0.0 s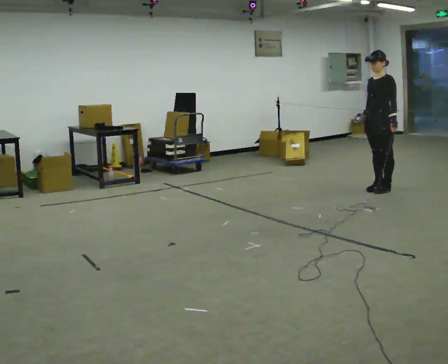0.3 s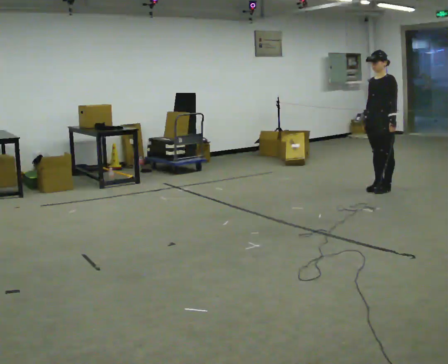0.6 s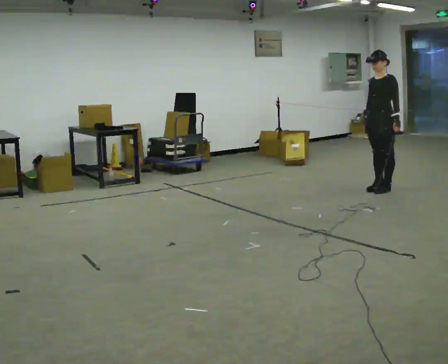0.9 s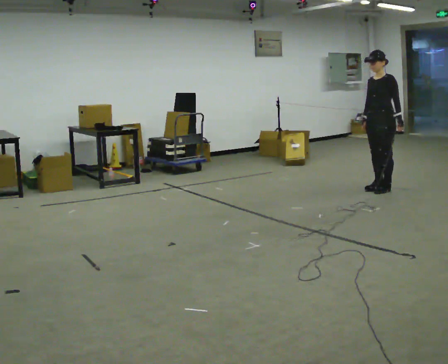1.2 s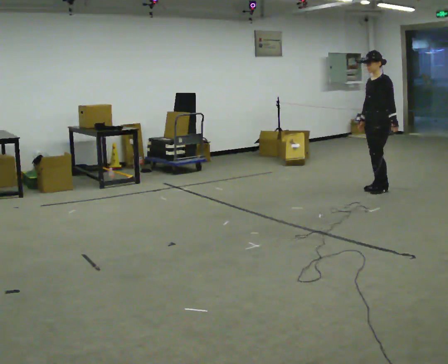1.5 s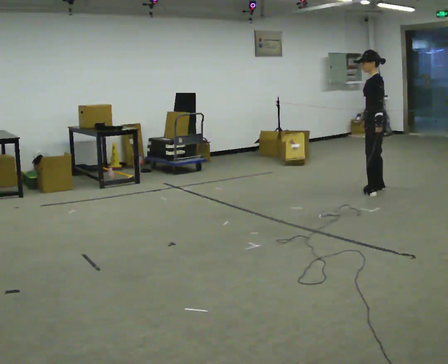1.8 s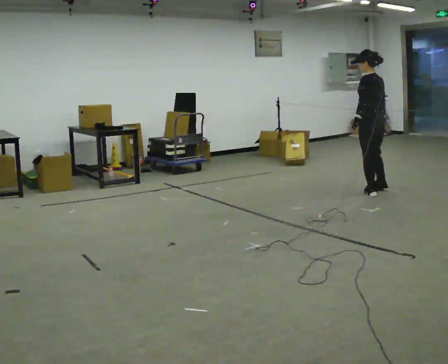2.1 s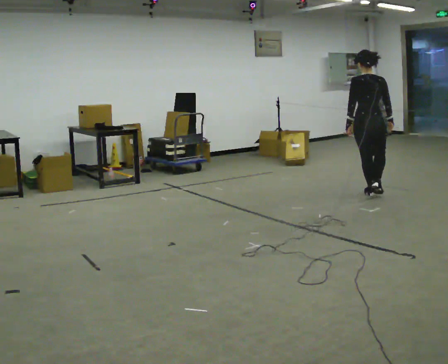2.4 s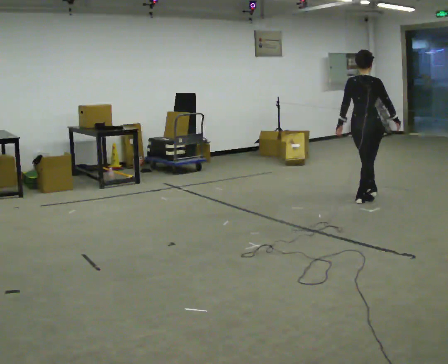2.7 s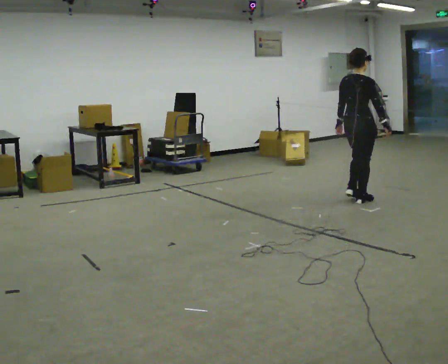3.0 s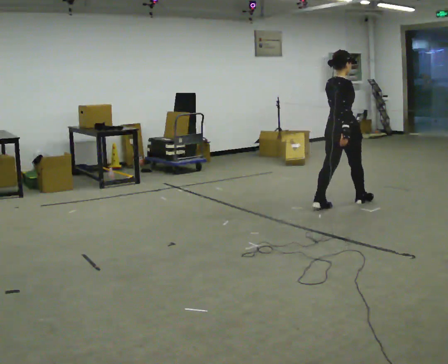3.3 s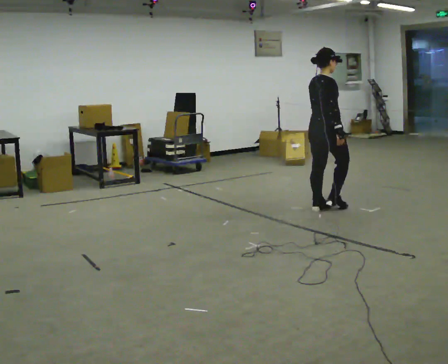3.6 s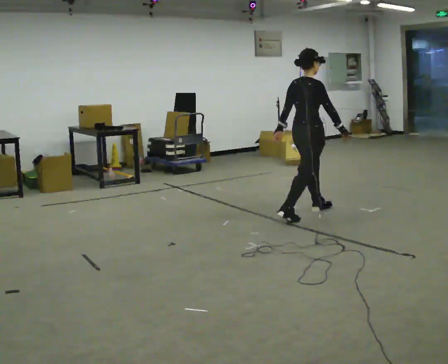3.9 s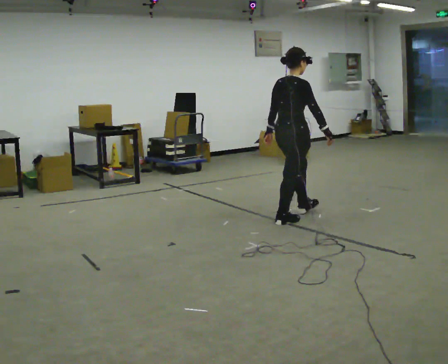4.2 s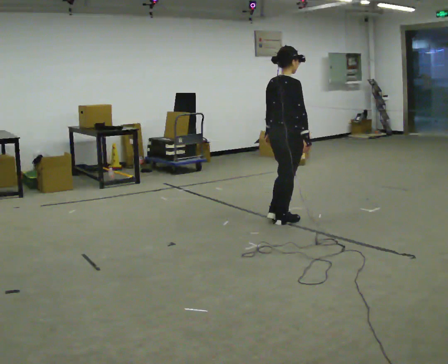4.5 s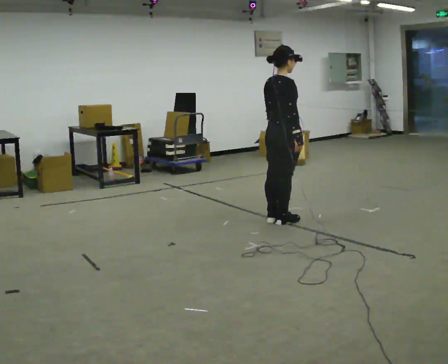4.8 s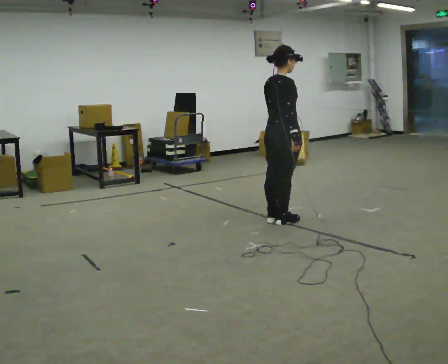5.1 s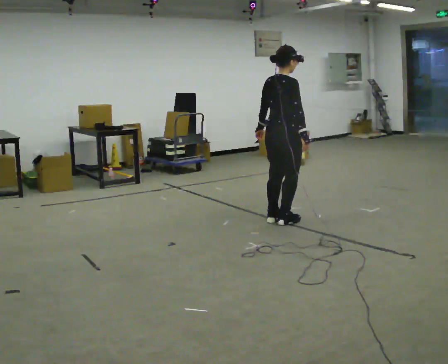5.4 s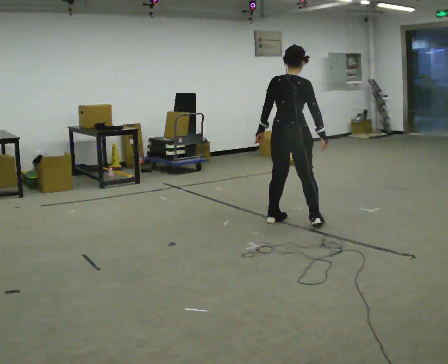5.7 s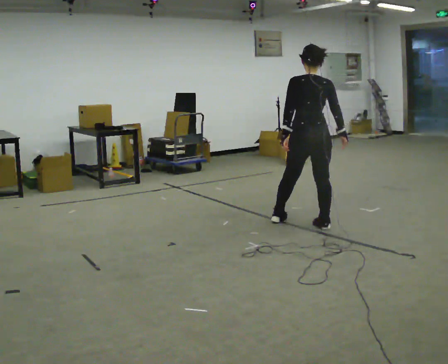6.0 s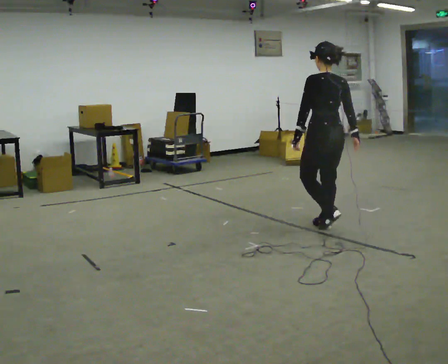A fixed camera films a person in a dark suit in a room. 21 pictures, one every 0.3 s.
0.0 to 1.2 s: The person moves a little, or ends about where they began.
1.2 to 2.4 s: The person turns about 150 degrees to their right, clockwise seen from above, so the part of the body nearest the lens slides to the left. In the picture they go toward the camera and to the left, about 0.5 m in 1 step.
2.4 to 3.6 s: In the picture they go to the left and toward the camera, about 1 m in 2 steps, which for them is backward.
3.6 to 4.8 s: In the picture they go to the left and toward the camera, about 0.25 m in 1 step, which for them is backward.
4.8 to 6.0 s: The part of the body nearest the lens slides to the right as the person turns to their left by about 75 degrees. In the picture they go to the right and toward the camera, about 0.5 m in 2 steps.
The film runs backward here.
